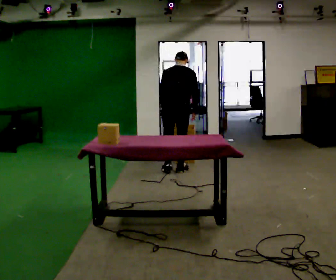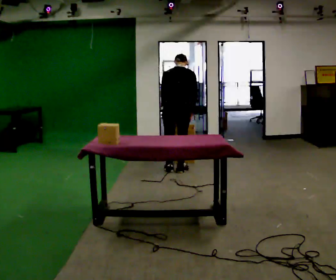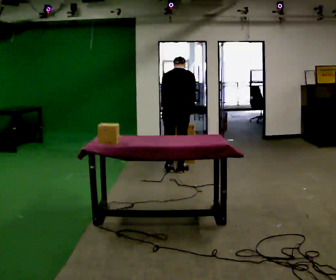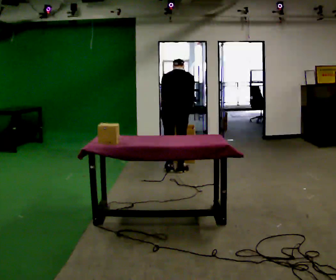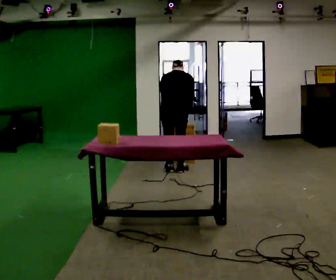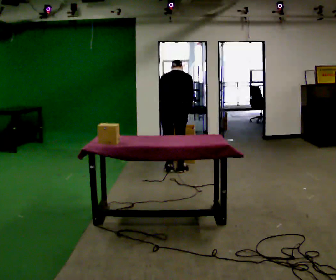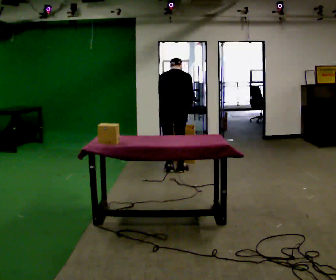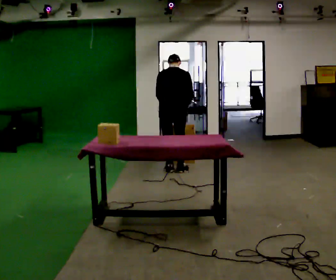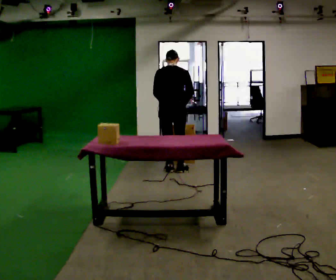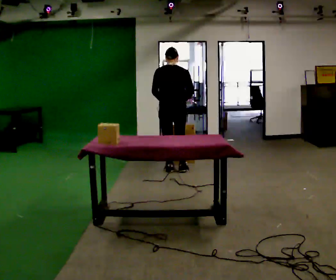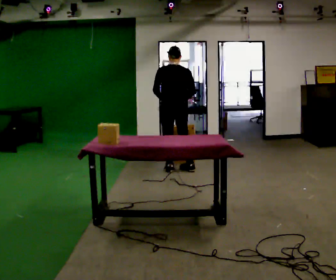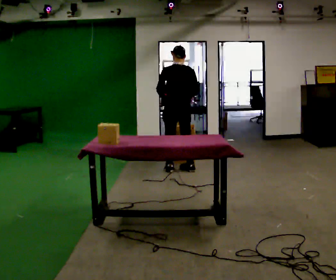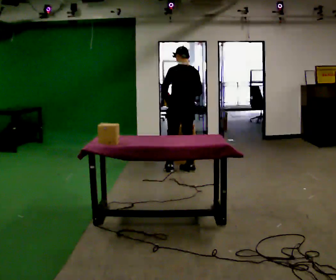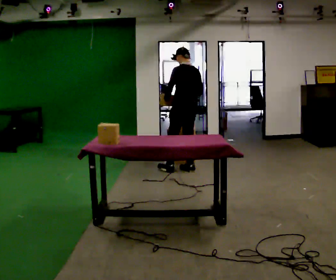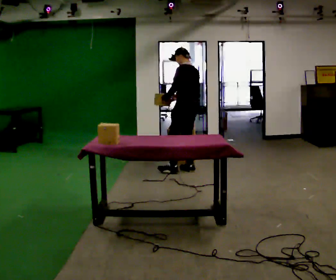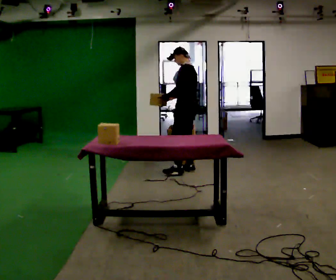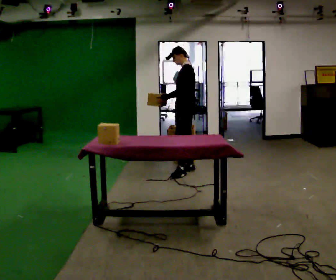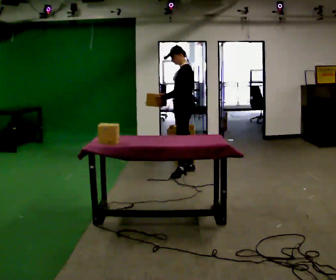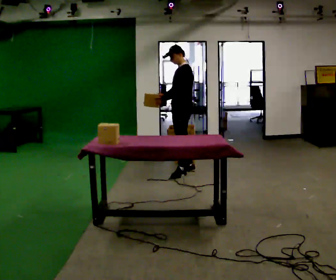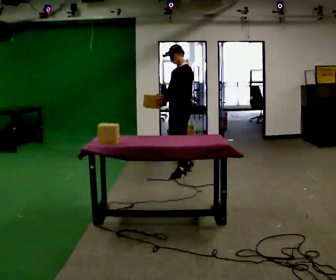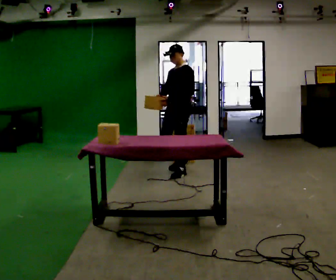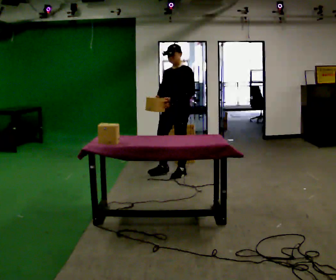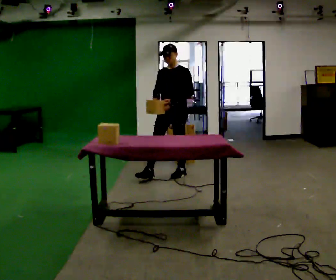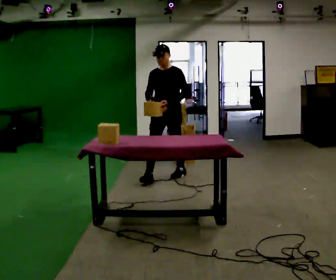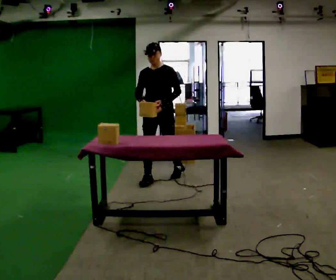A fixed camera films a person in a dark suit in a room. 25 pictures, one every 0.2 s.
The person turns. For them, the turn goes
to their left.
The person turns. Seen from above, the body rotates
counterclockwise.
0.0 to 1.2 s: The person moves a little, or ends about where they began.
1.2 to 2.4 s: The part of the body nearest the lens slides to the right as the person turns to their left by about 45 degrees. In the picture they go to the right, about 0.25 m in 1 step, which for them is to their right. The upper body tips toward the camera, its near side rolling downward, as they lean back or straighten.
2.4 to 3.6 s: The person turns about 75 degrees to their left, counterclockwise seen from above, so the part of the body nearest the lens slides to the right.
3.6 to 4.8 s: The person turns about 60 degrees to their left, counterclockwise seen from above, so the part of the body nearest the lens slides to the right. In the picture they go toward the camera and to the left, about 0.5 m in 1 step, which for them is forward.
The film runs forward here.
